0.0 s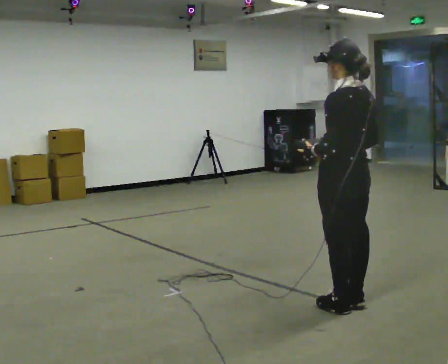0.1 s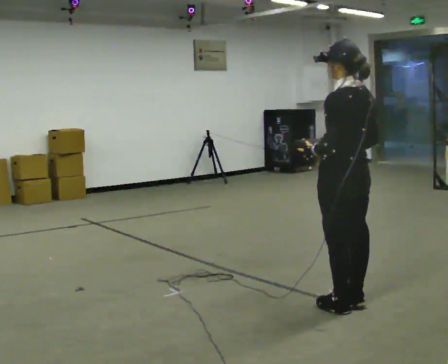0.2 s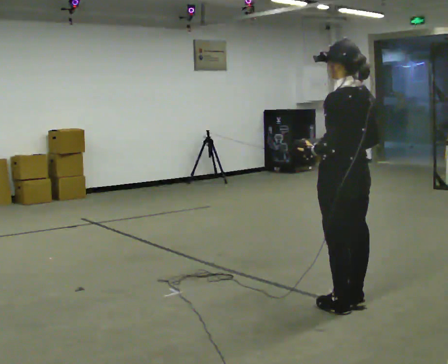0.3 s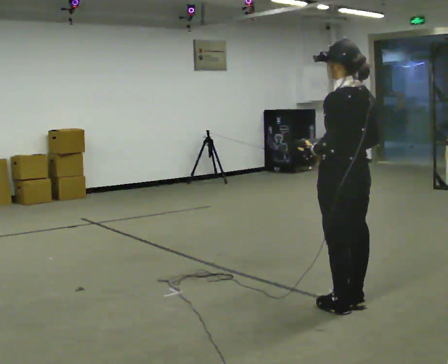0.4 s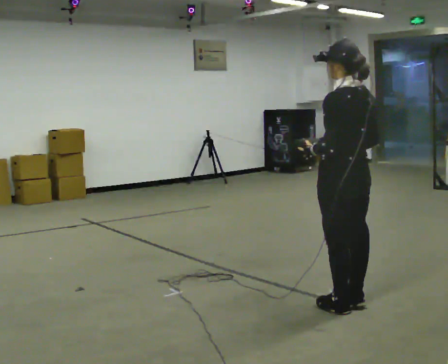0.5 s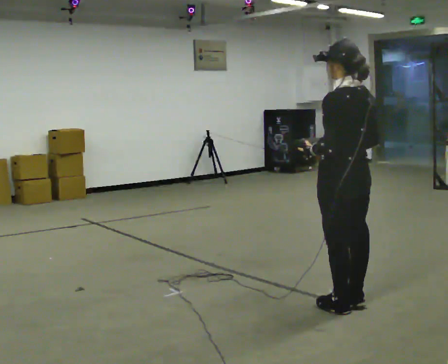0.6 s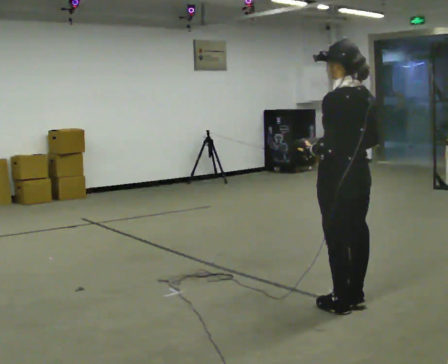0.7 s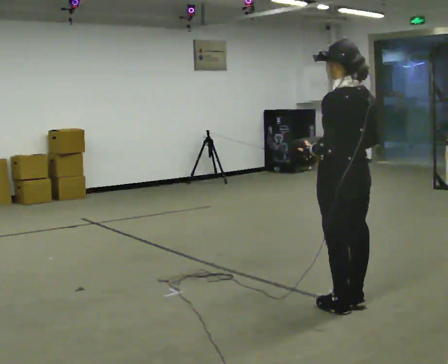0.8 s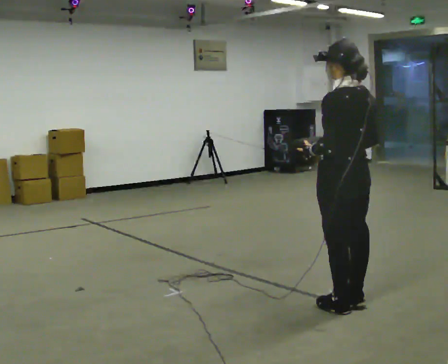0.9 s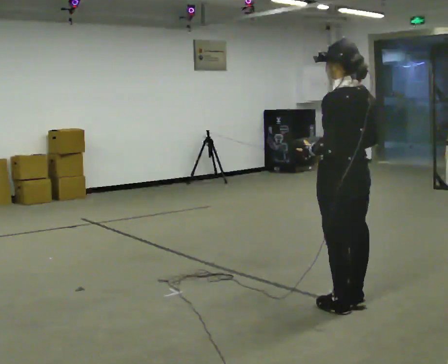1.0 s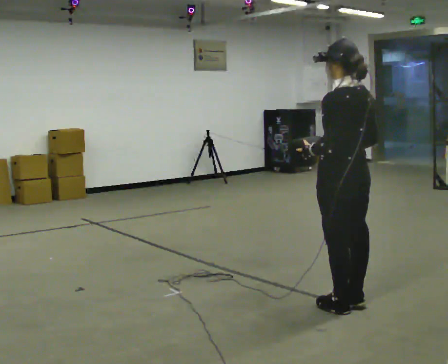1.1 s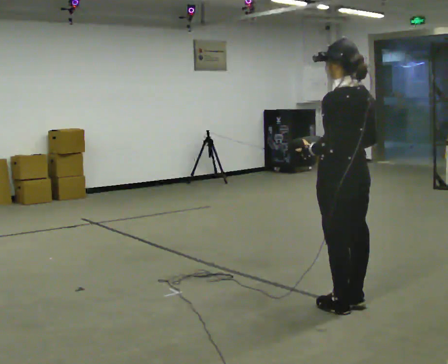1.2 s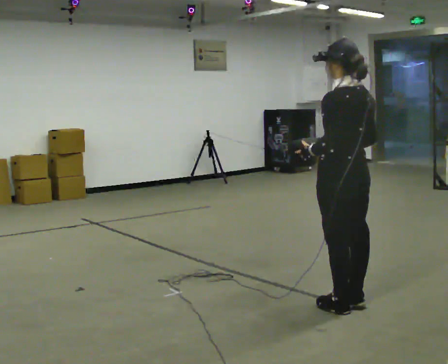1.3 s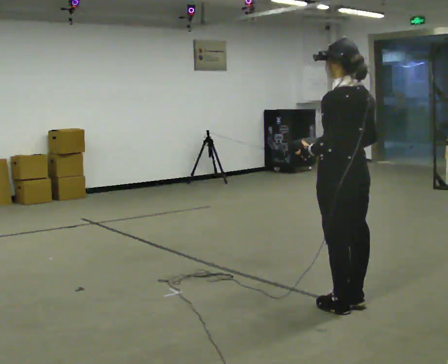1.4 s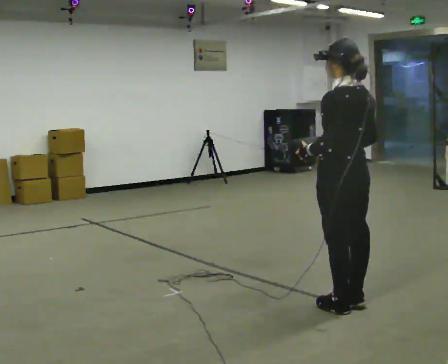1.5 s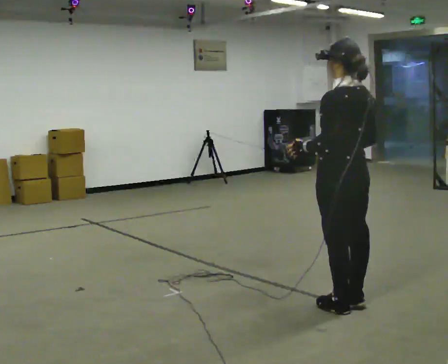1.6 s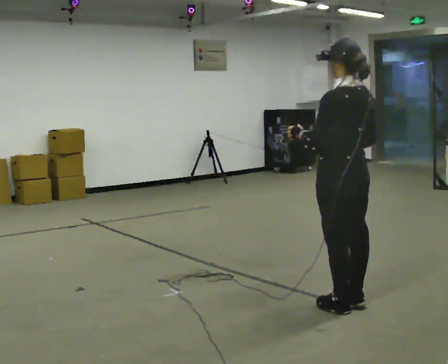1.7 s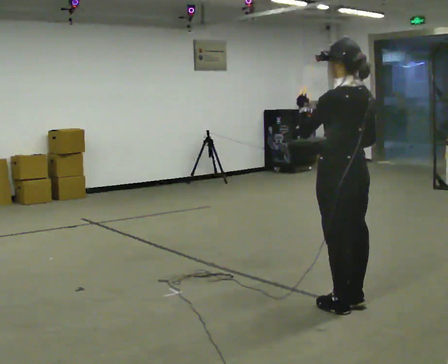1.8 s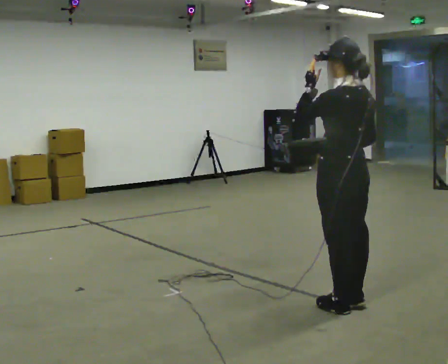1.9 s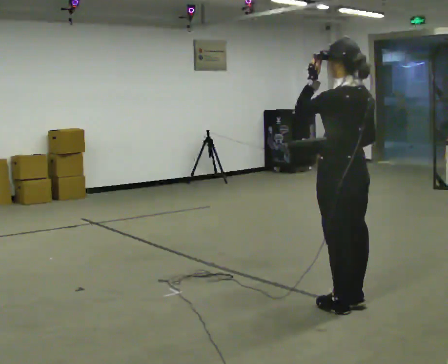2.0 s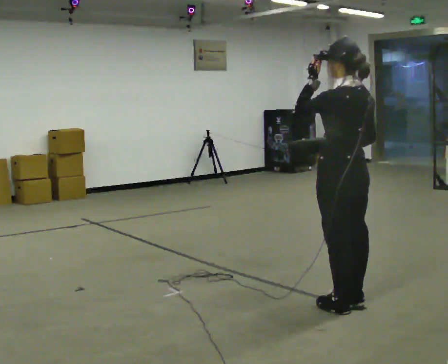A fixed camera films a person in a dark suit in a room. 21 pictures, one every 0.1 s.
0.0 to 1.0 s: The person keeps their place and pose.
1.0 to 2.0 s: In the picture their left hand goes upward.
The film runs backward here.
